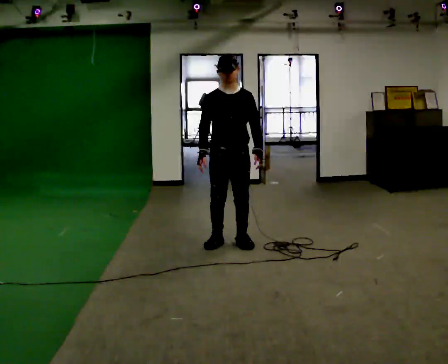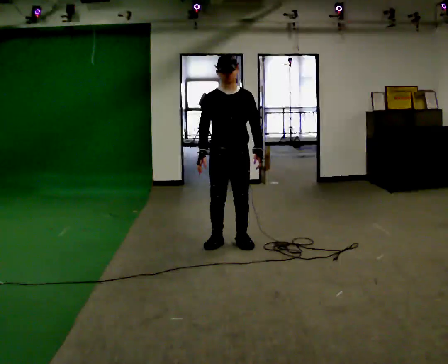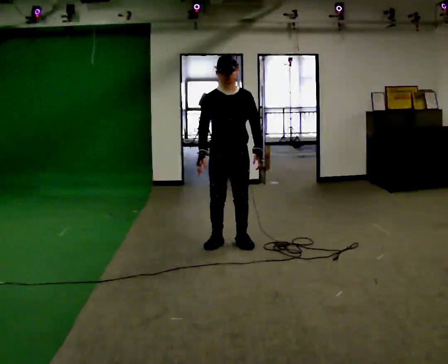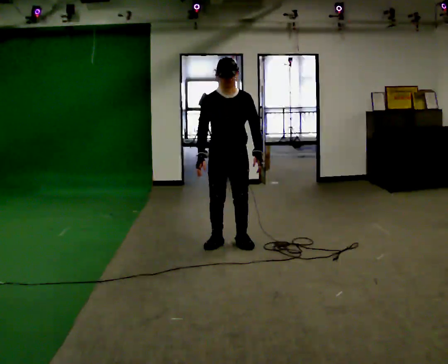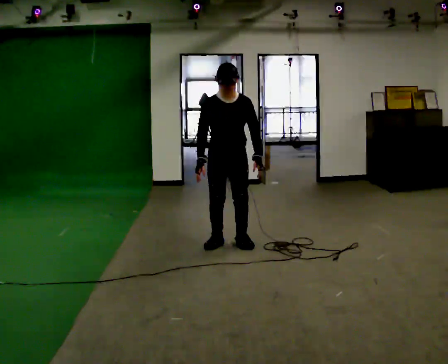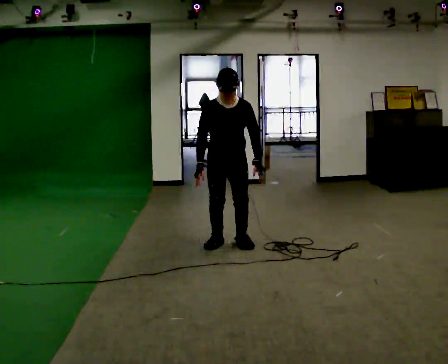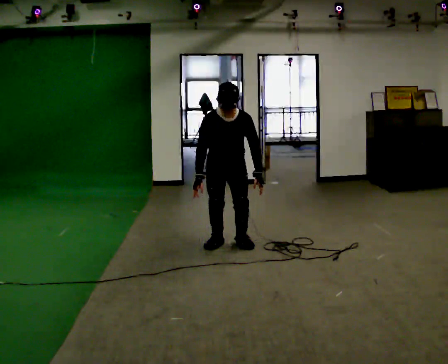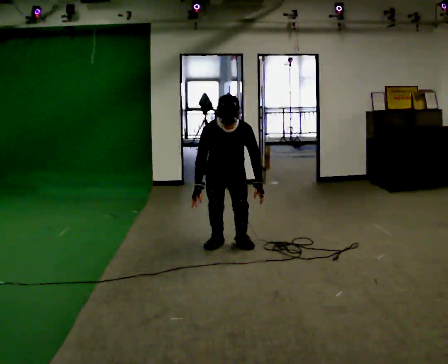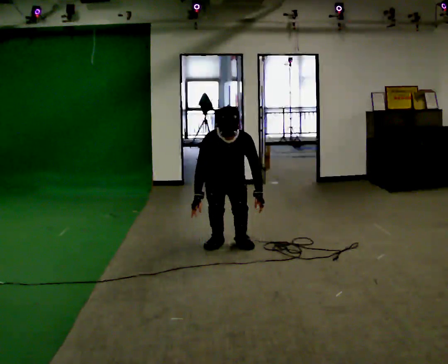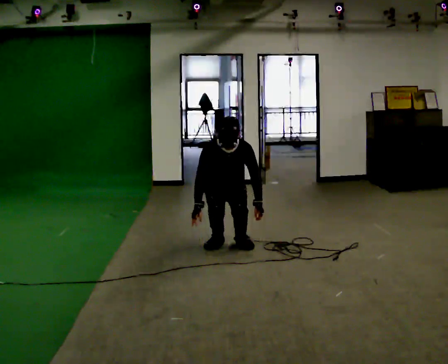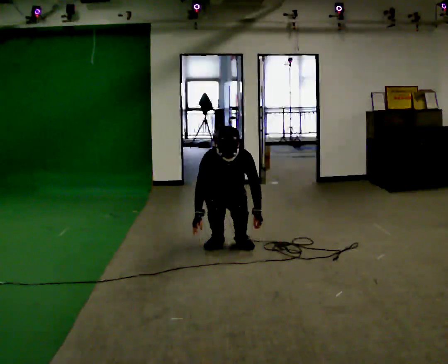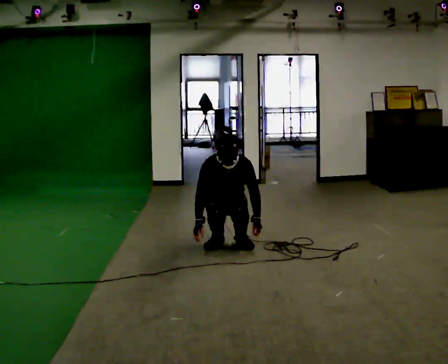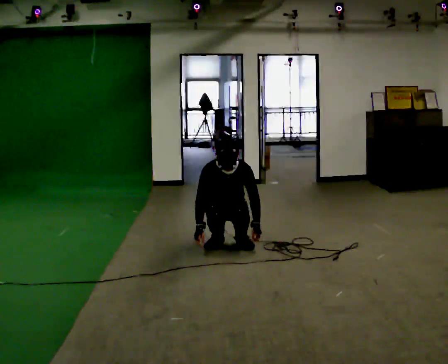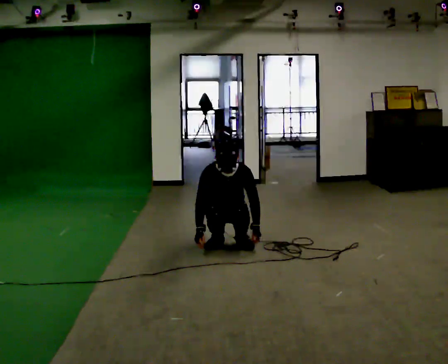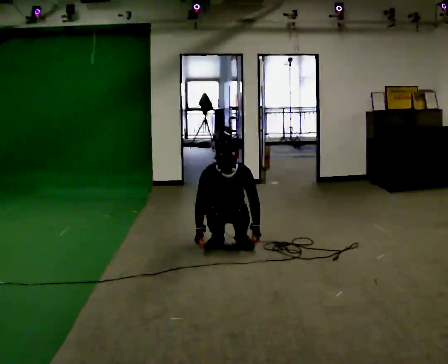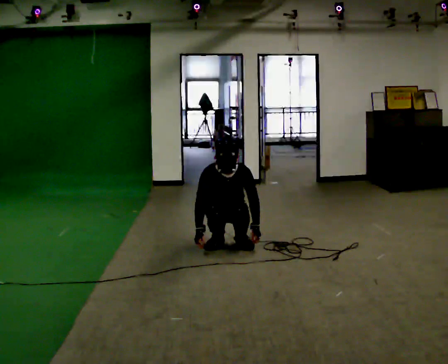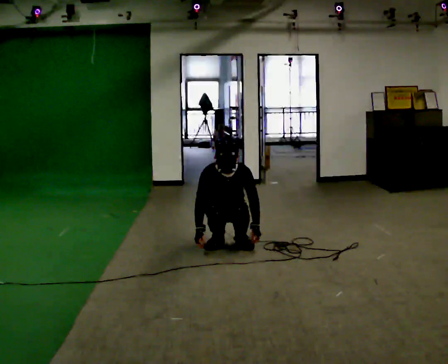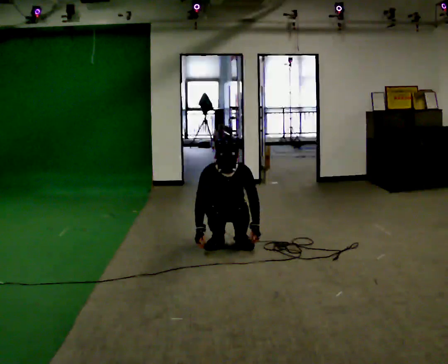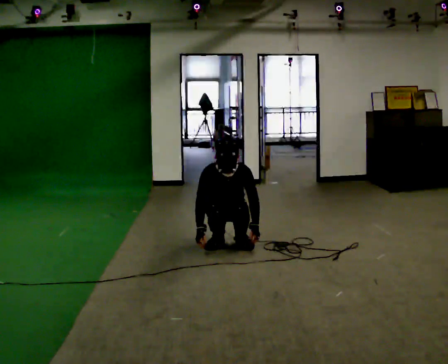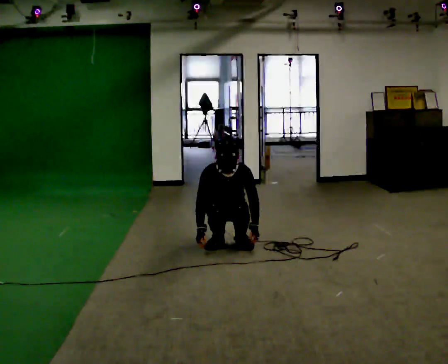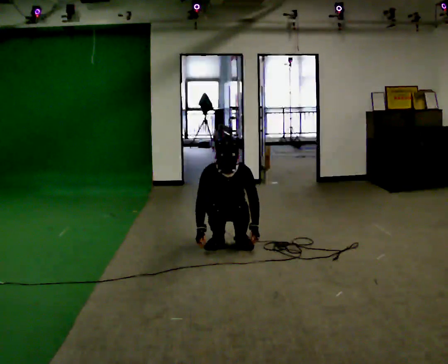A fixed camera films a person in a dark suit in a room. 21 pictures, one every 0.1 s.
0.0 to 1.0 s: The upper body goes downward. The upper body tips toward the camera, its near side rolling downward, as they bend forward. In the picture their left hand goes downward.
1.0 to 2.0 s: The person moves a little, or ends about where they began.
The film runs backward here.
